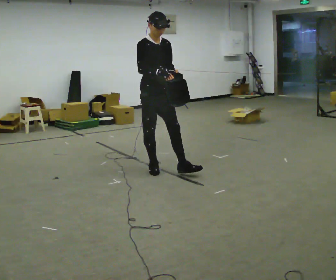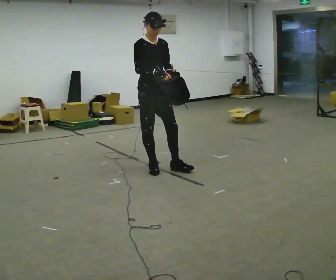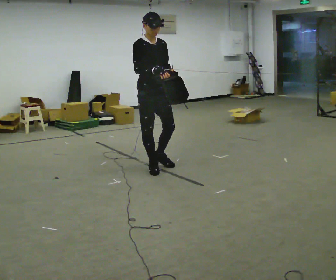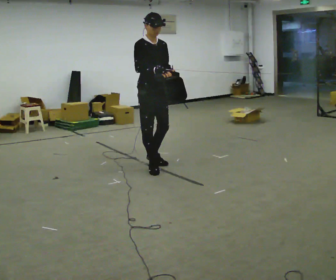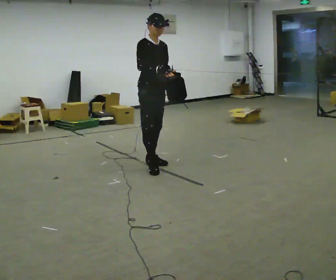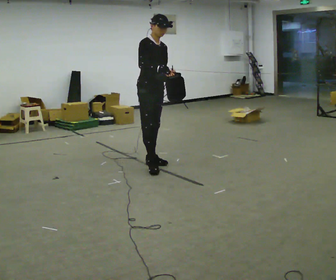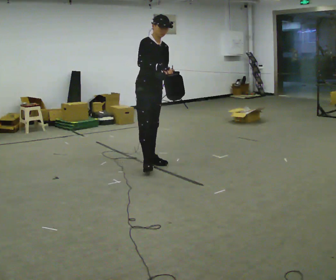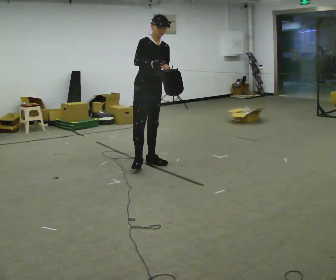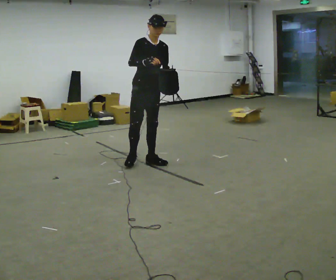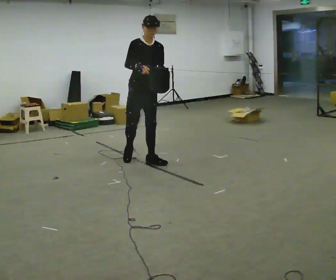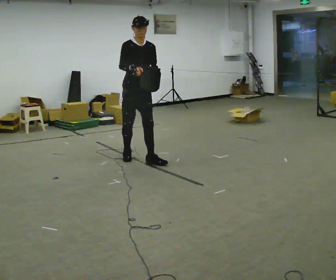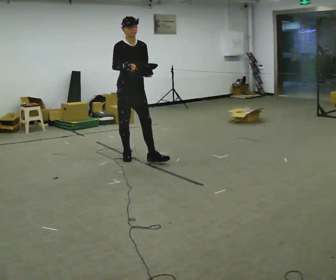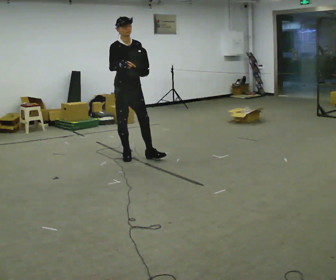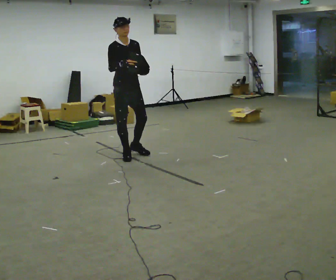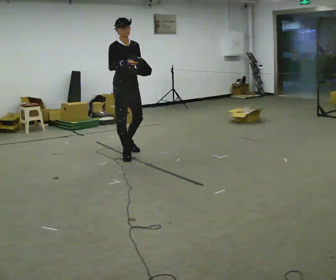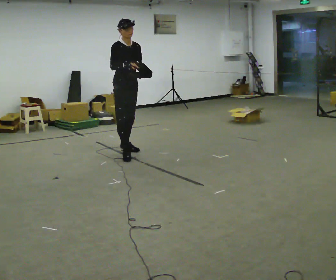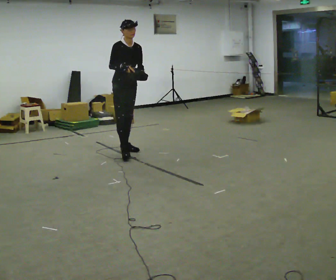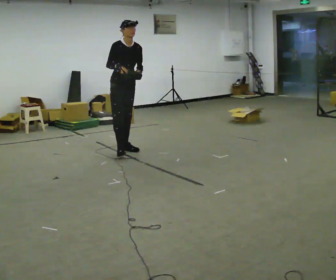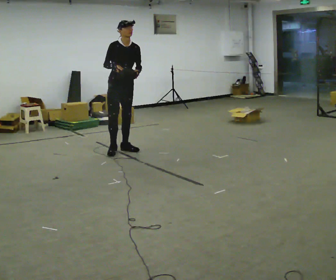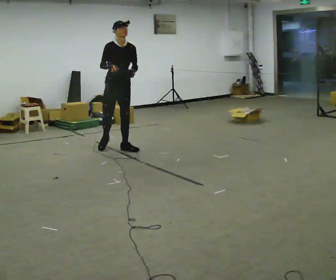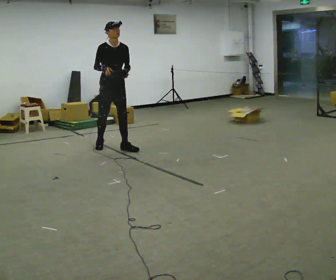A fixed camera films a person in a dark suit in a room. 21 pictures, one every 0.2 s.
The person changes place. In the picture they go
away from the camera.
0.0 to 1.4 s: In the picture they go away from the camera, about 0.25 m in 1 step, which for them is backward and to their left.
1.4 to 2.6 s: In the picture they go to the left and away from the camera, about 0.5 m in 1 step, which for them is backward and to their right.
2.6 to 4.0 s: In the picture they go away from the camera and to the left, about 0.5 m in 1 step, which for them is backward.
The film runs backward here.
